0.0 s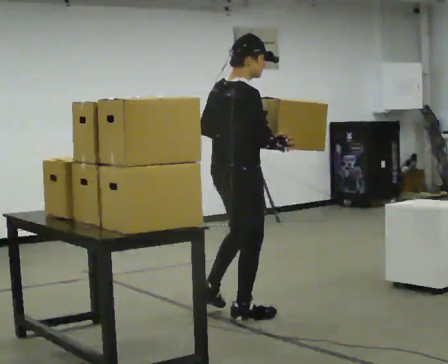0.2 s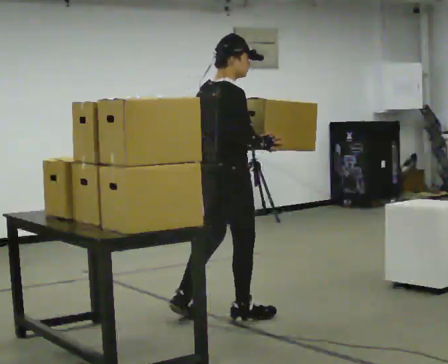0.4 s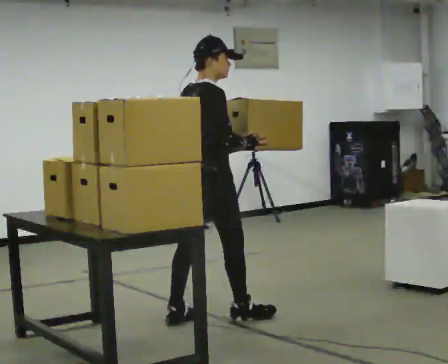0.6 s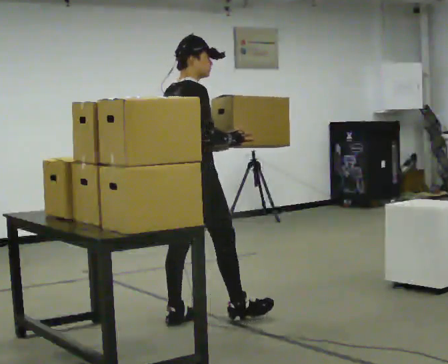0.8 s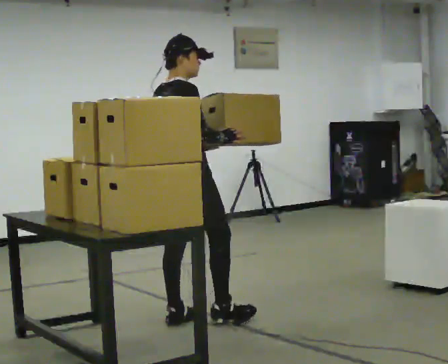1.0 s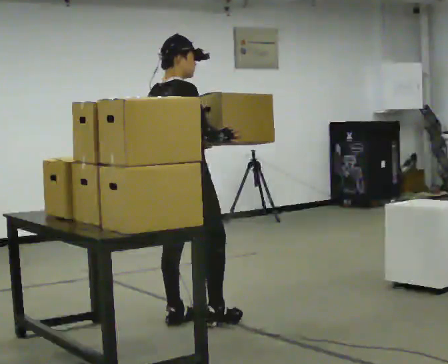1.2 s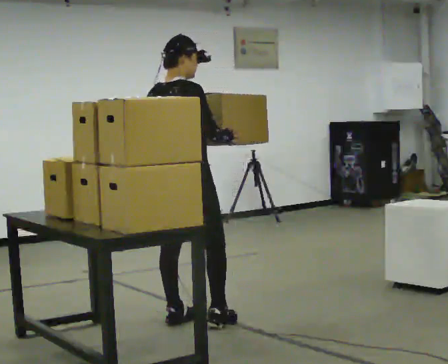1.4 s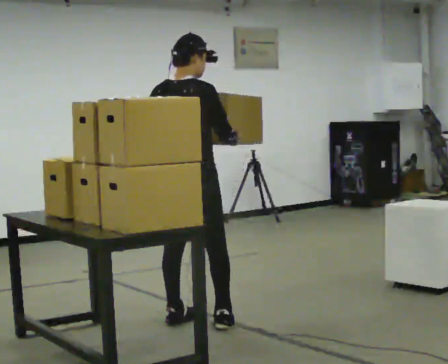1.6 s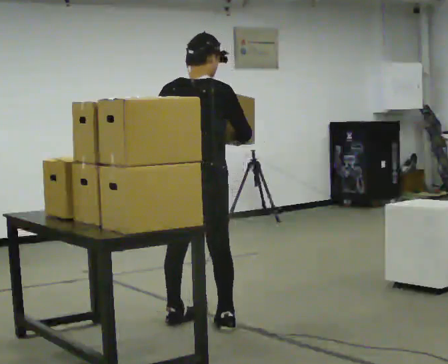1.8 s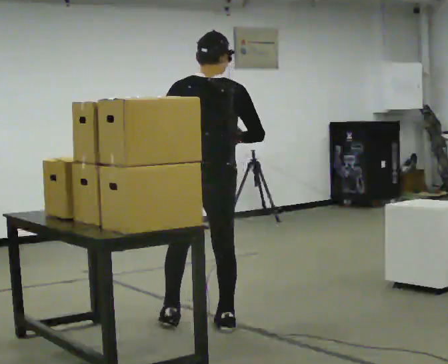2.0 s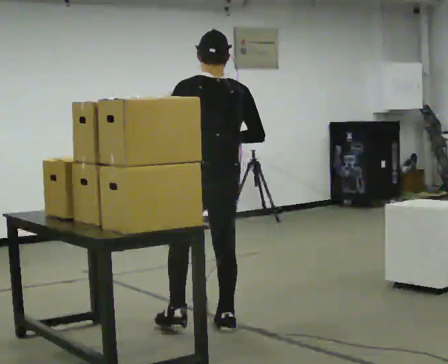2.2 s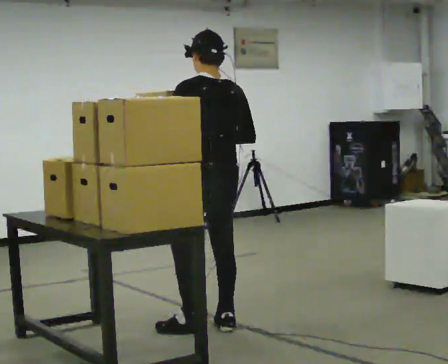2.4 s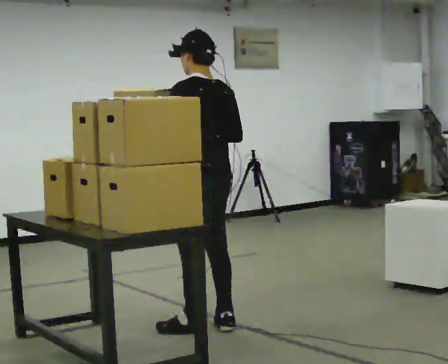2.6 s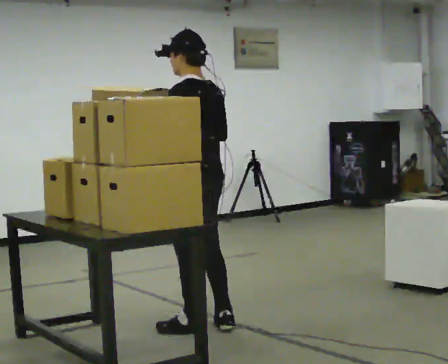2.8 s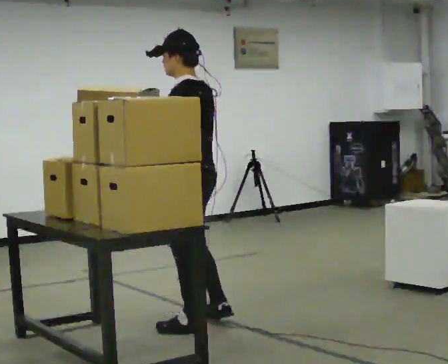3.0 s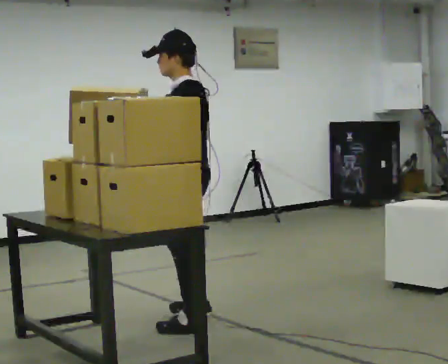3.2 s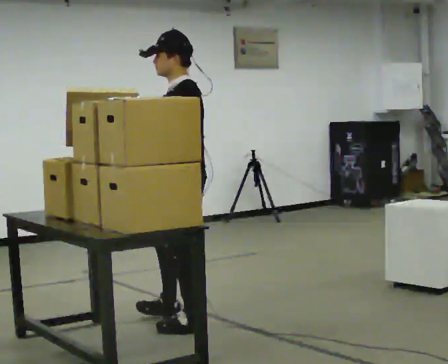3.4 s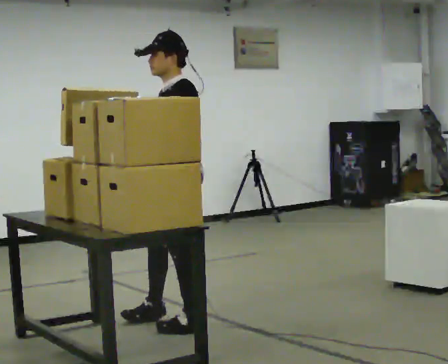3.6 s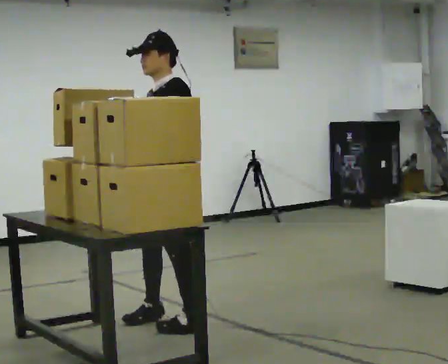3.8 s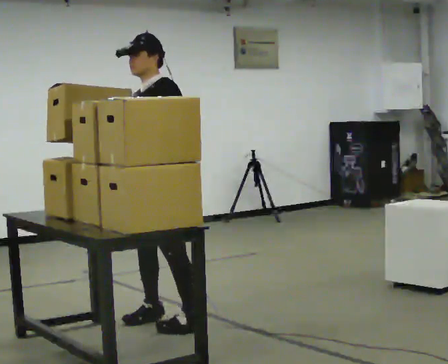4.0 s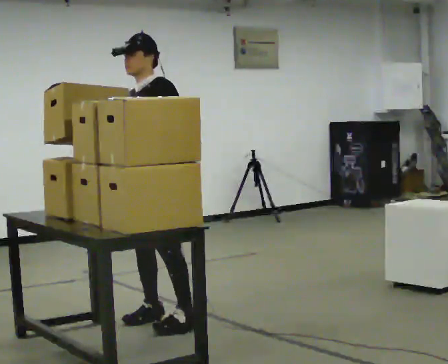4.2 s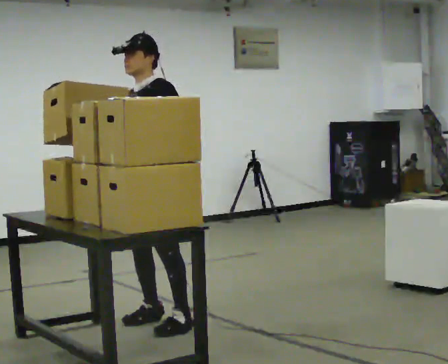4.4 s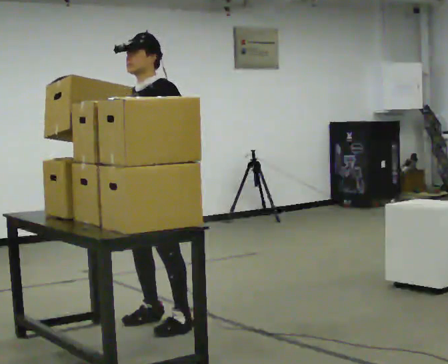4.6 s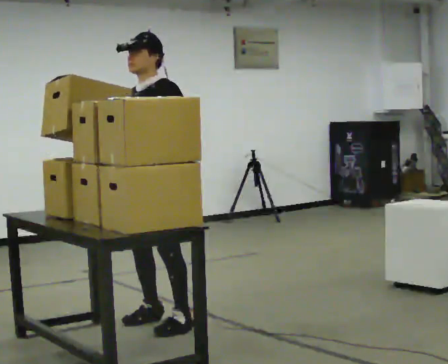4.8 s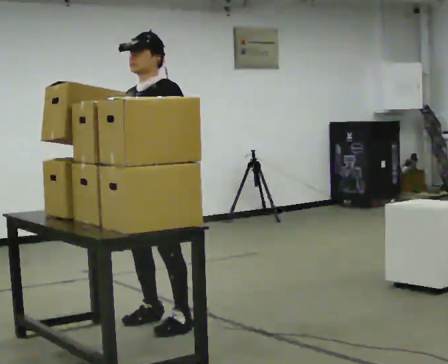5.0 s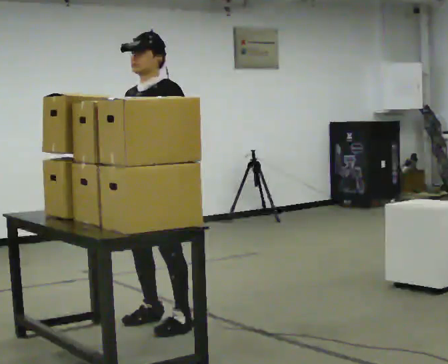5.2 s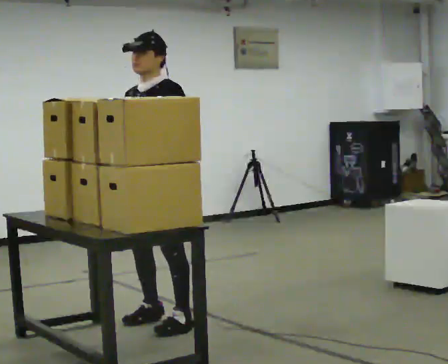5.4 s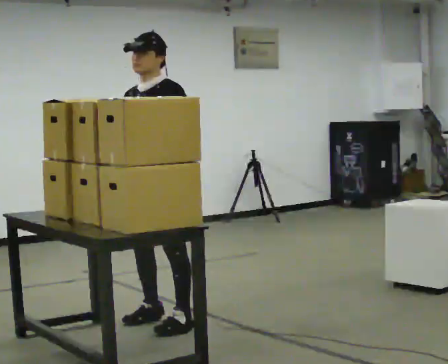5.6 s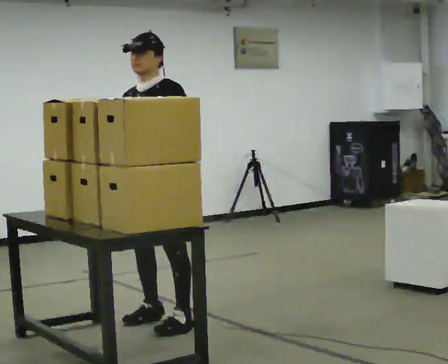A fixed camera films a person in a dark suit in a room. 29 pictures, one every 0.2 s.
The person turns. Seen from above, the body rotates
counterclockwise.
The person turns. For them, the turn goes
to their left.
0.0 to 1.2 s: In the picture they go to the left, about 0.25 m in 1 step, which for them is backward.
1.2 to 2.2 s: The part of the body nearest the lens slides to the right as the person turns to their left by about 75 degrees. In the picture they go to the right, about 0.25 m in 1 step.
2.2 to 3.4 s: Seen from above the body turns counterclockwise, about 75 degrees: to their left, with its near side sliding to the right. In the picture they go to the left, about 0.25 m in 1 step. In the picture their right hand goes to the left.
3.4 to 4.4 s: The part of the body nearest the lens slides to the right as the person turns to their left by about 30 degrees. In the picture they go to the left, about 0.25 m, which for them is to their right.
4.4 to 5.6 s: The person moves a little, or ends about where they began.
The film runs backward here.
